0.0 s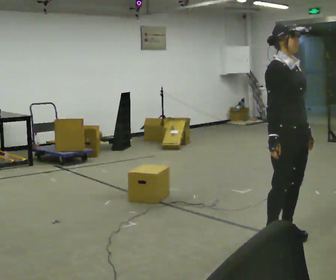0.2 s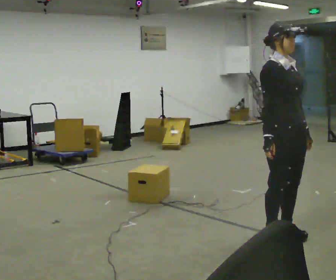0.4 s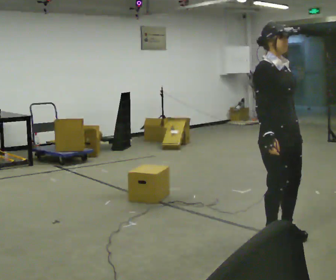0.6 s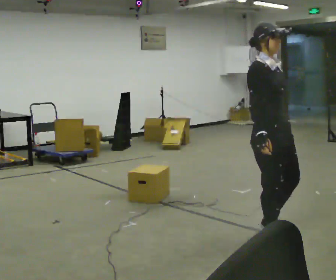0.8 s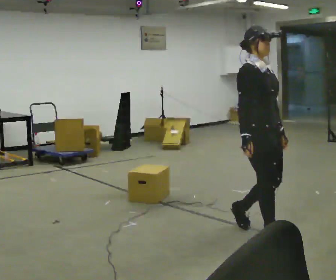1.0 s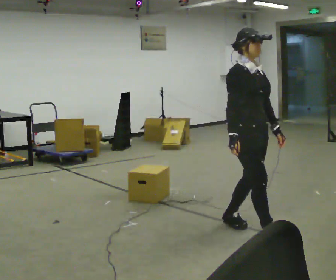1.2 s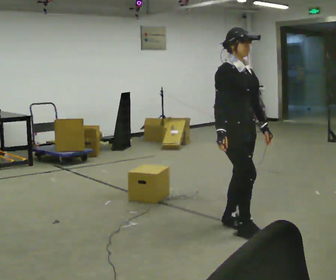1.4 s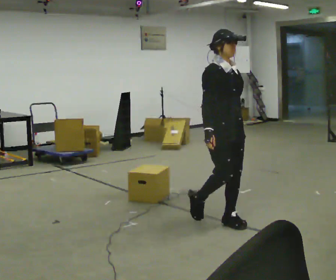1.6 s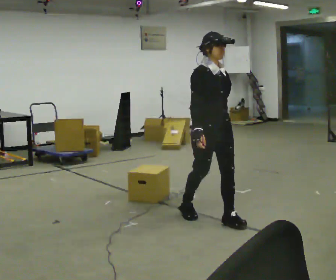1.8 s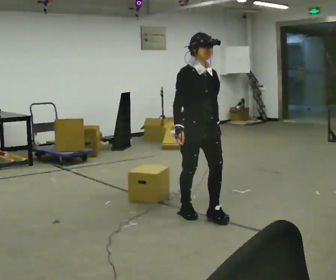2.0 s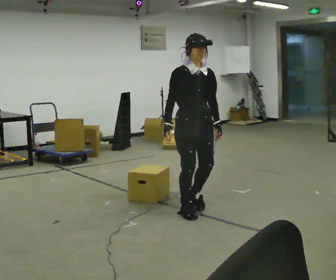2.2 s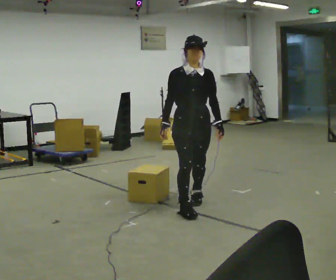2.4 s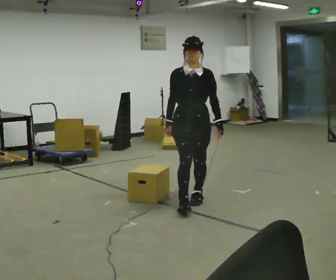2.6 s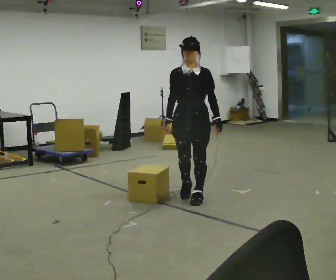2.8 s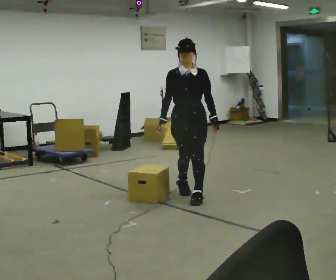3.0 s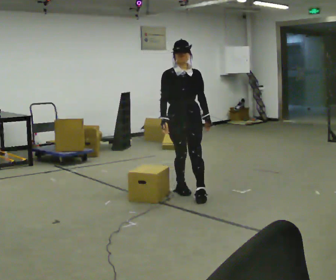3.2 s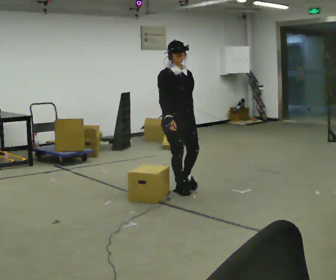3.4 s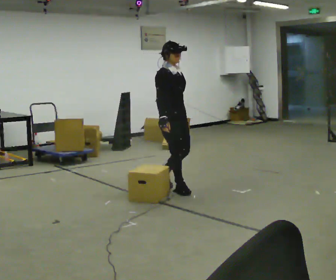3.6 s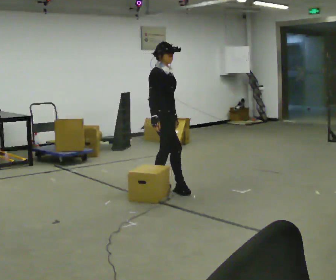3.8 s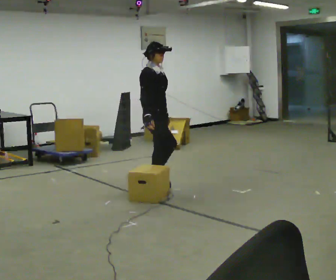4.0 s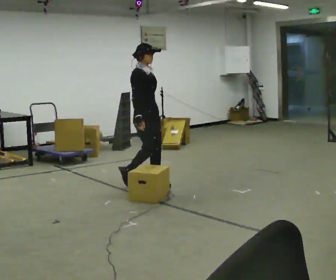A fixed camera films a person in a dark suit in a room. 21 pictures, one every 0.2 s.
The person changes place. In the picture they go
away from the camera.
0.0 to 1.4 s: In the picture they go away from the camera and to the left, about 0.5 m in 2 steps, which for them is backward.
1.4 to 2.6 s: The person turns about 45 degrees to their right, clockwise seen from above, so the part of the body nearest the lens slides to the left. In the picture they go away from the camera, about 1 m in 2 steps, which for them is backward.
2.6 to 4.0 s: The part of the body nearest the lens slides to the right as the person turns to their left by about 75 degrees. In the picture they go away from the camera and to the left, about 1 m in 2 steps.
The film runs backward here.
